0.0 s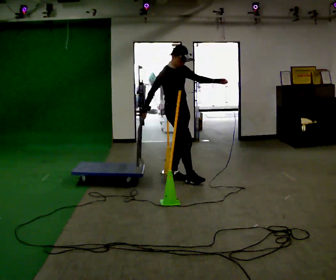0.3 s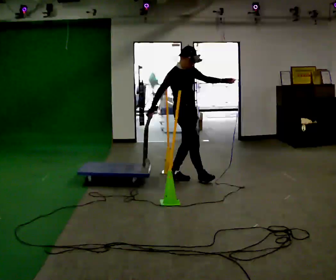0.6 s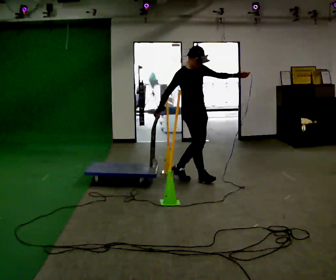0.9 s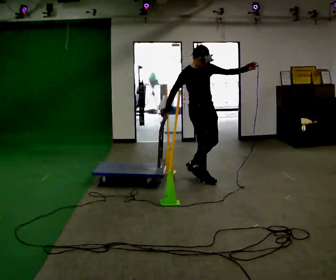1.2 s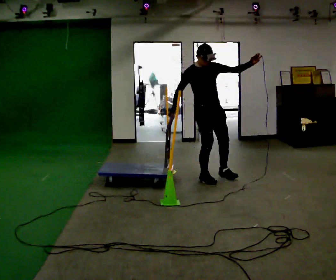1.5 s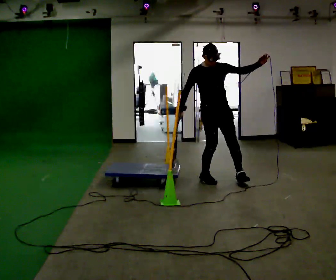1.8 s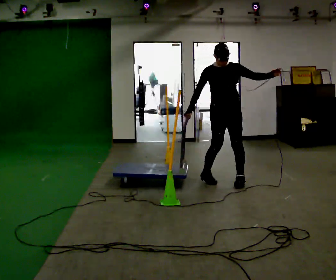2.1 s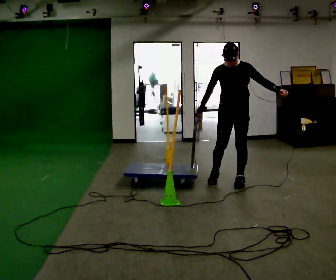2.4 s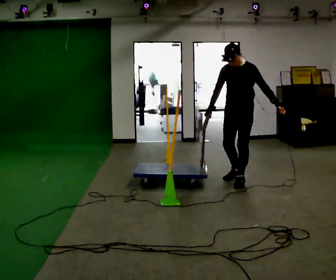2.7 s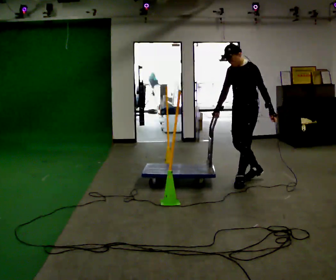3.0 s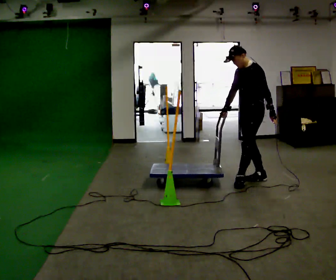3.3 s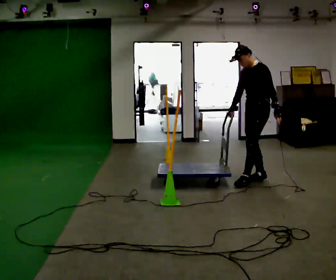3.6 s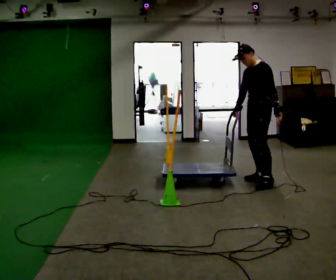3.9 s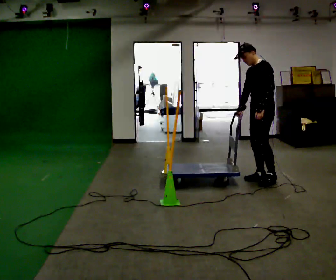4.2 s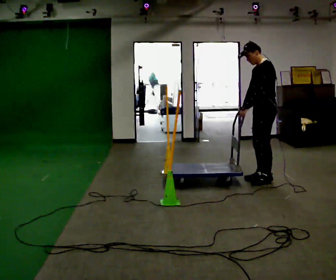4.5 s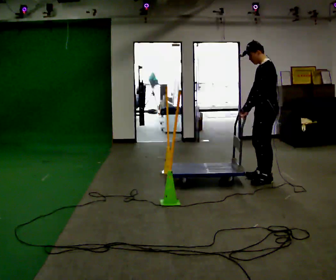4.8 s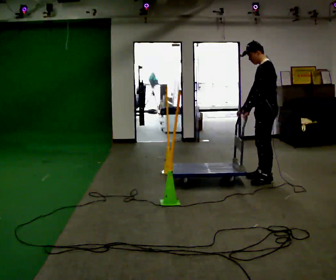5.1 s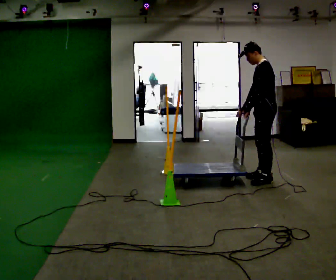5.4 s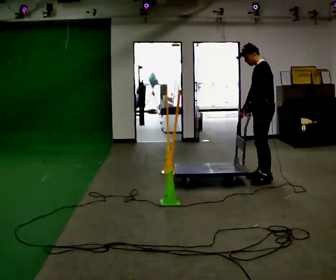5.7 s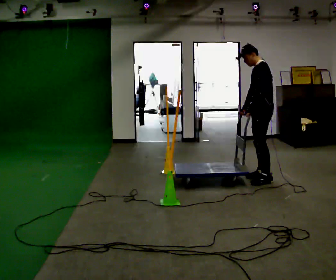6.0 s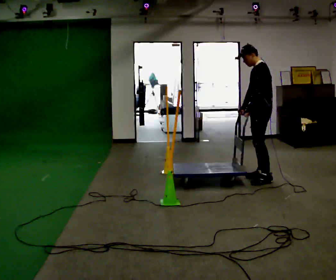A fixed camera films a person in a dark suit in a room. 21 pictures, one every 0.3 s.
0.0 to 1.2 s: The person turns about 30 degrees to their right, clockwise seen from above, so the part of the body nearest the lens slides to the left. In the picture they go to the right, about 0.5 m in 1 step, which for them is forward.
1.2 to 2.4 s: The person turns about 75 degrees to their right, clockwise seen from above, so the part of the body nearest the lens slides to the left. In the picture they go to the right, about 0.5 m in 1 step. In the picture their left hand goes downward, the arm swinging clockwise.
2.4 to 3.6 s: The part of the body nearest the lens slides to the left as the person turns to their right by about 30 degrees. In the picture they go to the right, about 0.25 m in 1 step, which for them is backward.
3.6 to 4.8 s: The part of the body nearest the lens slides to the left as the person turns to their right by about 30 degrees. In the picture their left hand goes to the left, the arm swinging clockwise.
4.8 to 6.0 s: In the picture they go away from the camera, about 0.25 m, which for them is to their right.
The film runs forward here.
